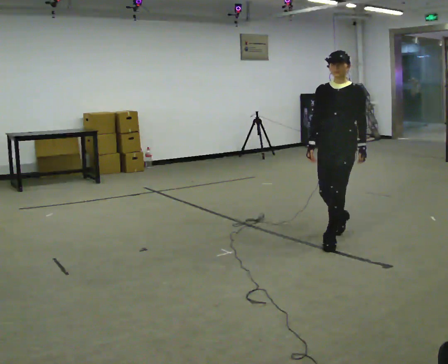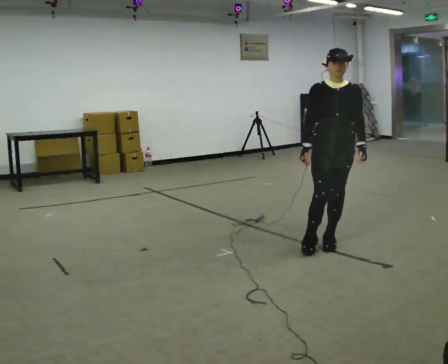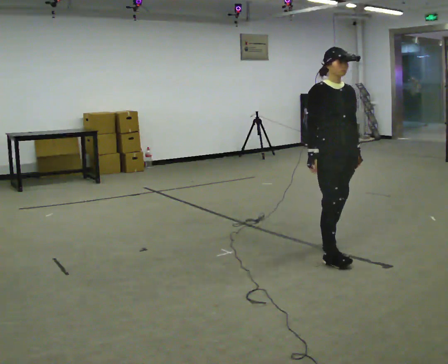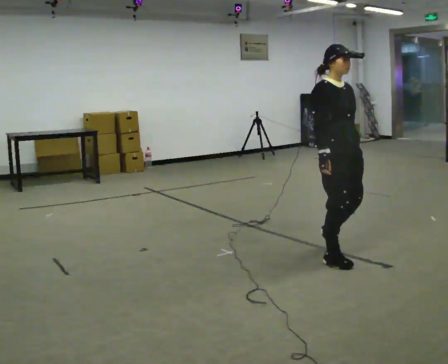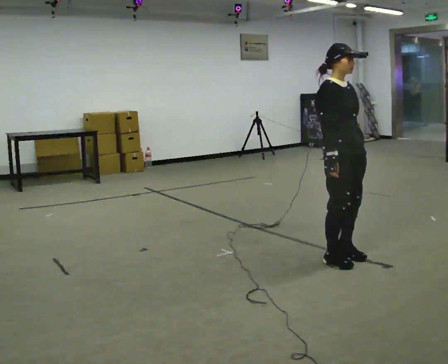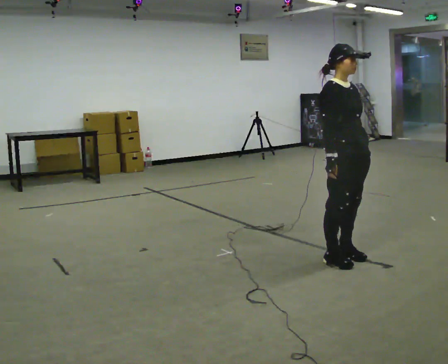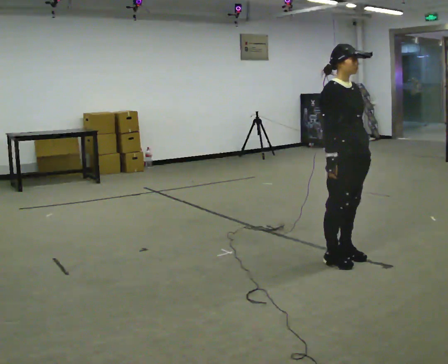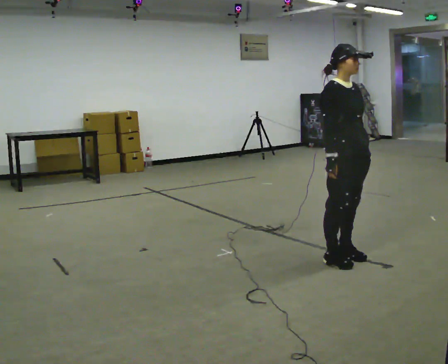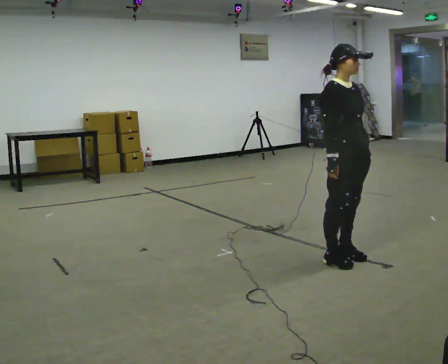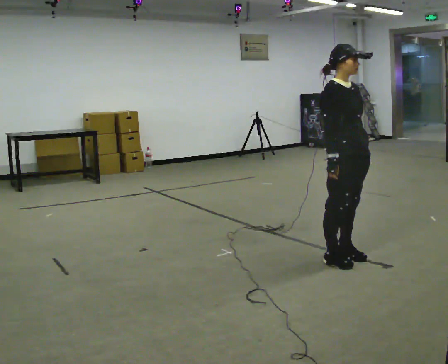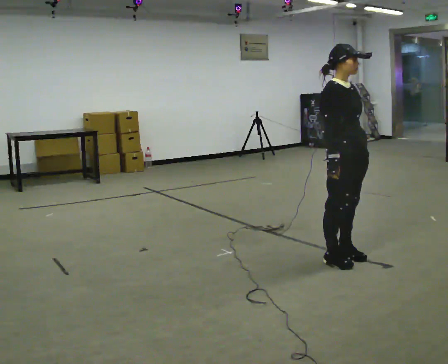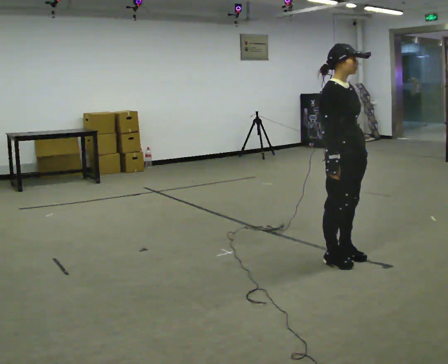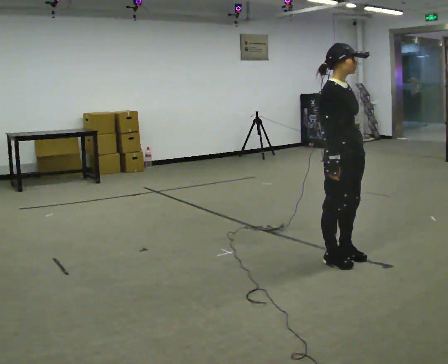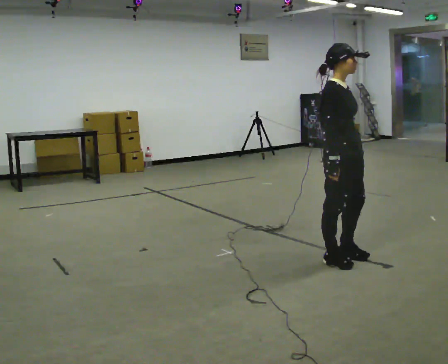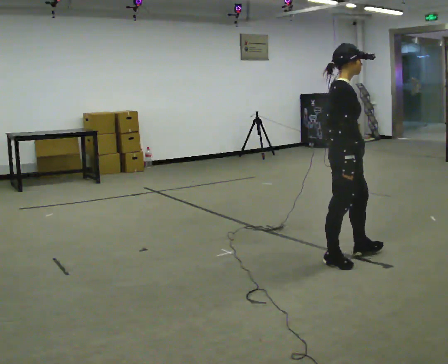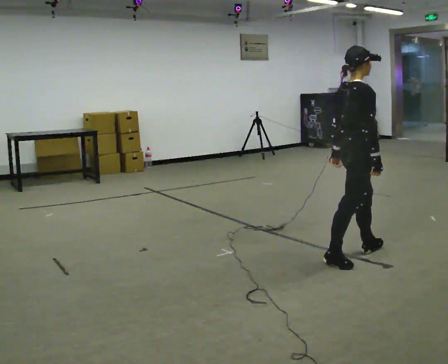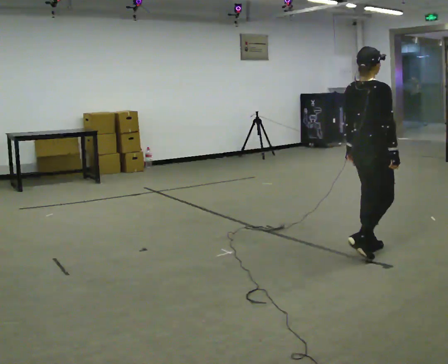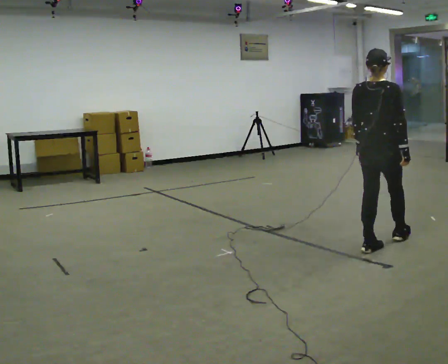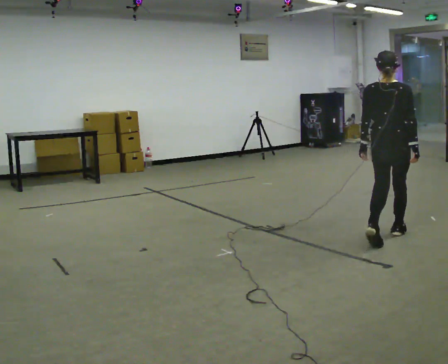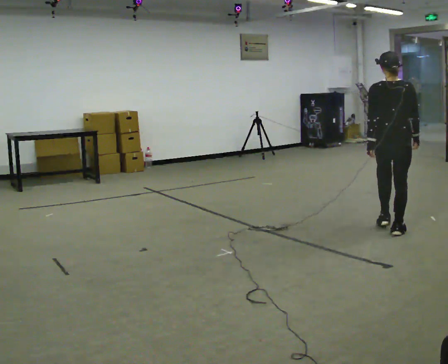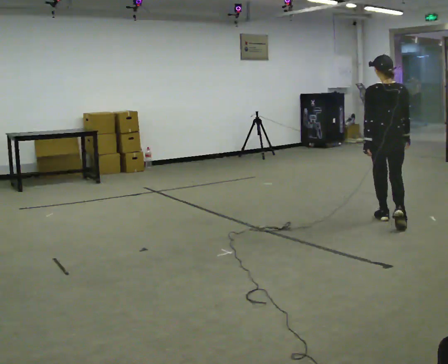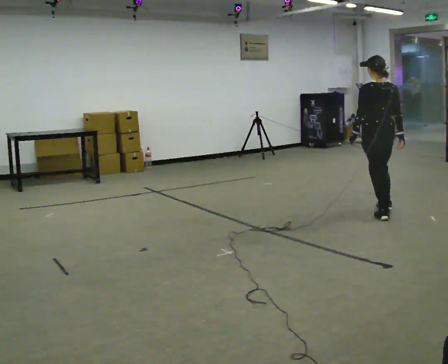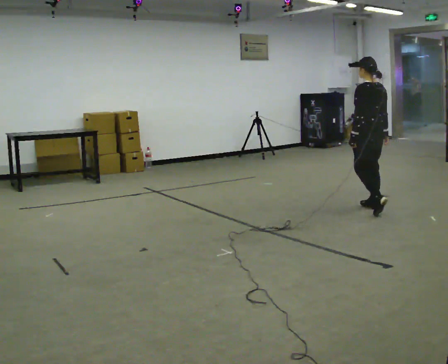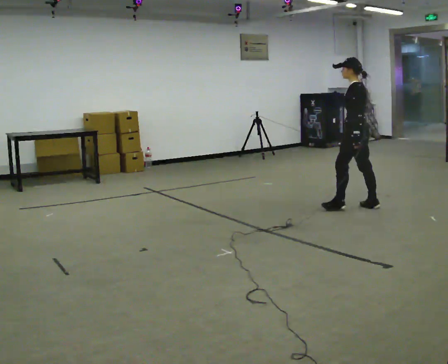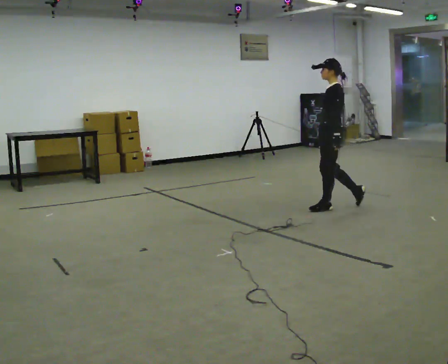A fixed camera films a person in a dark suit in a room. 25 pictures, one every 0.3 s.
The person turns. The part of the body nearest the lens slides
to the right.
The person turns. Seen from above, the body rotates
counterclockwise.
0.0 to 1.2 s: The part of the body nearest the lens slides to the right as the person turns to their left by about 75 degrees. In the picture they go toward the camera, about 0.5 m in 2 steps.
1.2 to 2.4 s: The person keeps their place and pose.
2.4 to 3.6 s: The person moves a little, or ends about where they began.
3.6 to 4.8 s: The person turns about 75 degrees to their left, counterclockwise seen from above, so the part of the body nearest the lens slides to the right. In the picture they go to the right and away from the camera, about 0.25 m in 1 step.
4.8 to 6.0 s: Seen from above the body turns counterclockwise, about 45 degrees: to their left, with its near side sliding to the right. In the picture they go away from the camera, about 1 m in 2 steps, which for them is forward.
6.0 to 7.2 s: The person turns about 90 degrees to their left, counterclockwise seen from above, so the part of the body nearest the lens slides to the right. In the picture they go away from the camera and to the left, about 0.75 m in 2 steps.
The film runs forward here.
